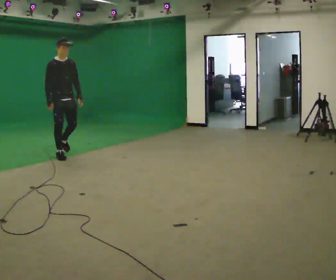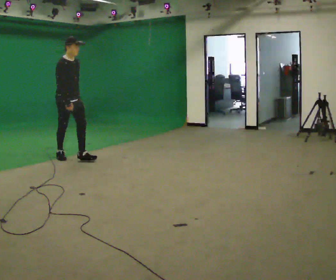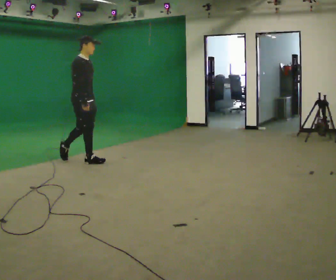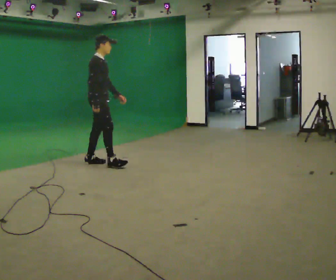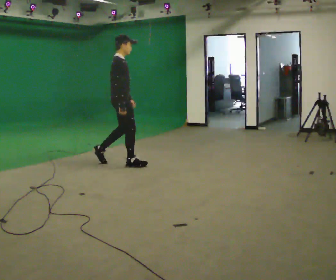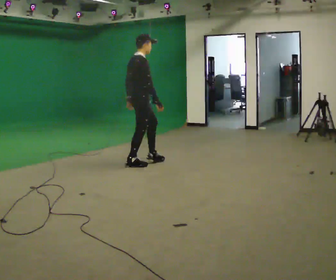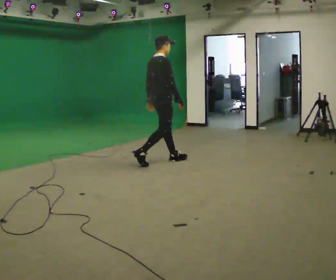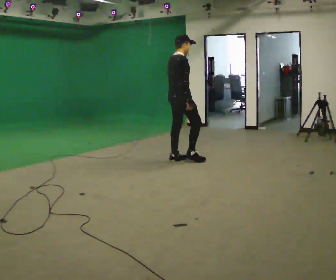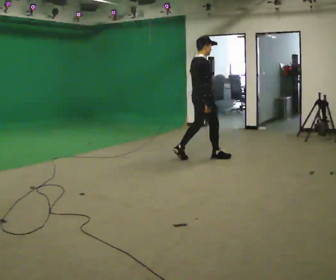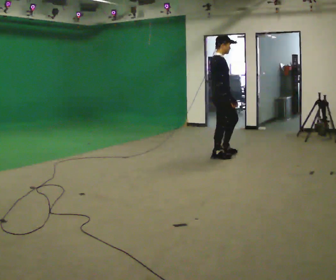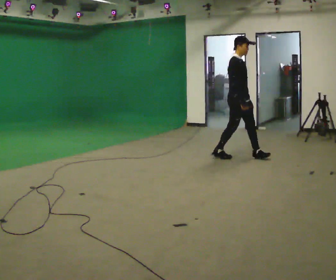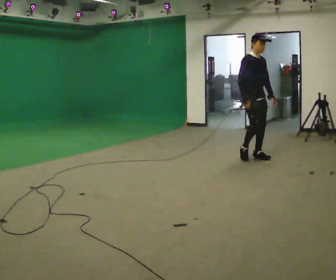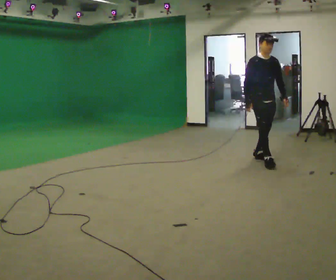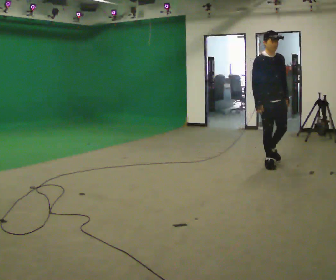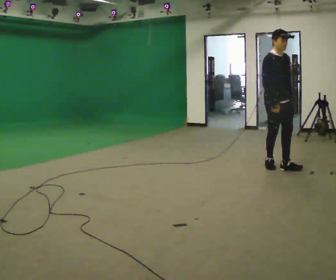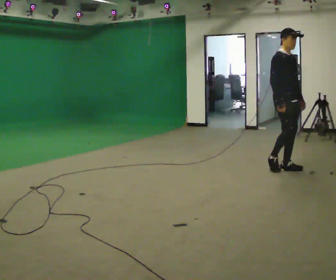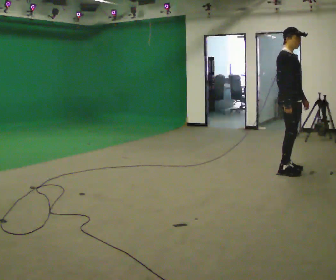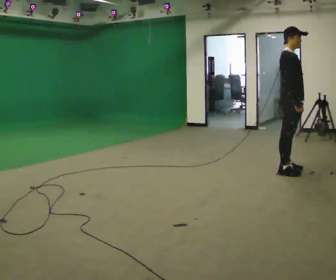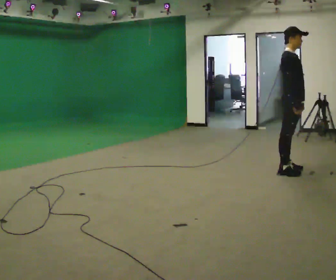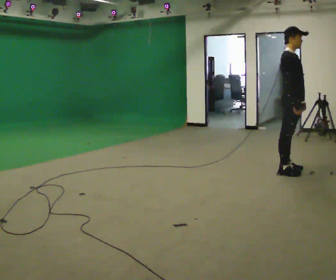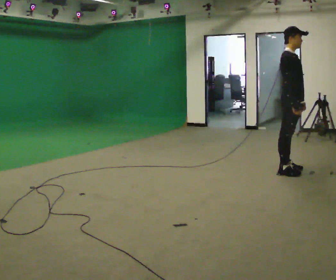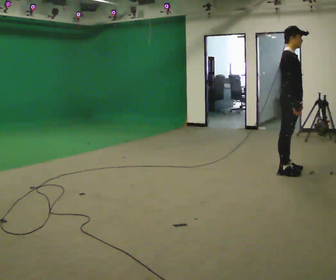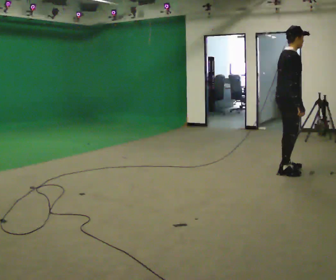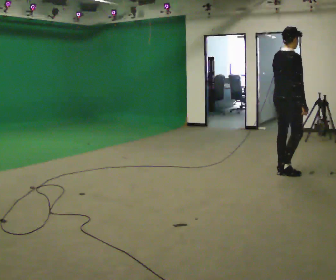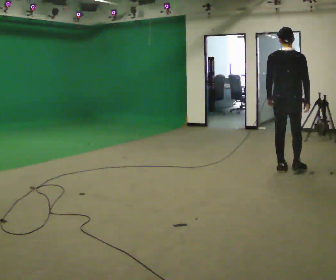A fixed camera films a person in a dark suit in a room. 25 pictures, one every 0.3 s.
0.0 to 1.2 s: The part of the body nearest the lens slides to the right as the person turns to their left by about 60 degrees. In the picture they go to the right, about 1 m in 2 steps, which for them is forward.
1.2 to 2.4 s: In the picture they go to the right and away from the camera, about 1 m in 2 steps, which for them is forward.
2.4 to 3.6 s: Seen from above the body turns clockwise, about 90 degrees: to their right, with its near side sliding to the left. In the picture they go to the right, about 1 m in 2 steps.
3.6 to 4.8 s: Seen from above the body turns counterclockwise, about 45 degrees: to their left, with its near side sliding to the right. In the picture they go toward the camera and to the right, about 0.5 m in 2 steps, which for them is forward.
4.8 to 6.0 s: The person moves a little, or ends about where they began.
6.0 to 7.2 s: The person turns about 105 degrees to their left, counterclockwise seen from above, so the part of the body nearest the lens slides to the right. In the picture their left hand goes to the left.
The film runs forward here.
